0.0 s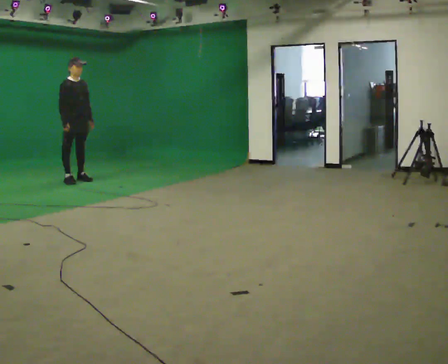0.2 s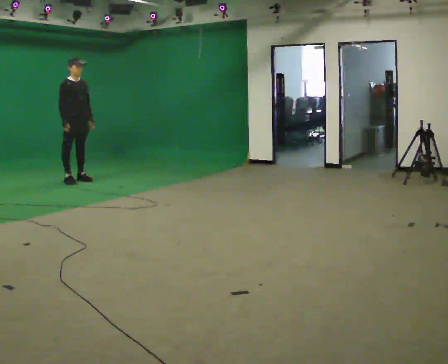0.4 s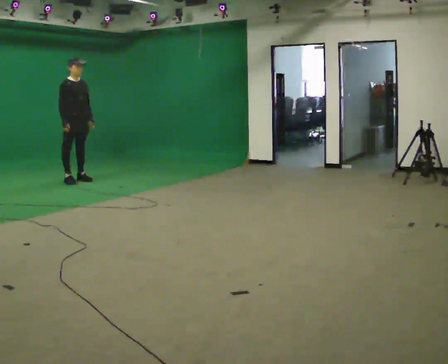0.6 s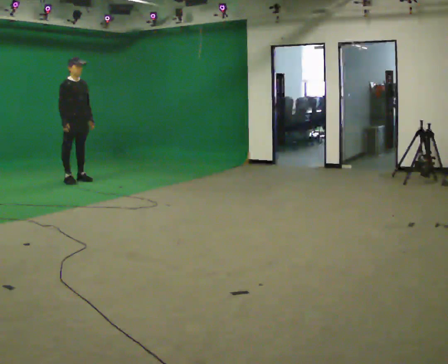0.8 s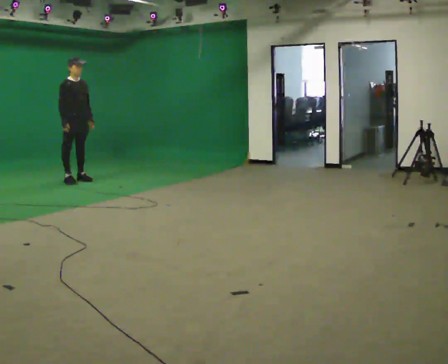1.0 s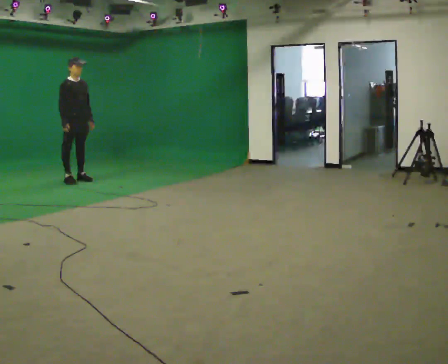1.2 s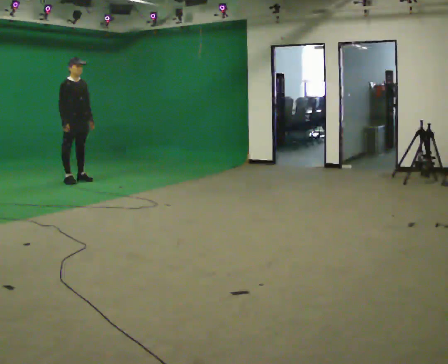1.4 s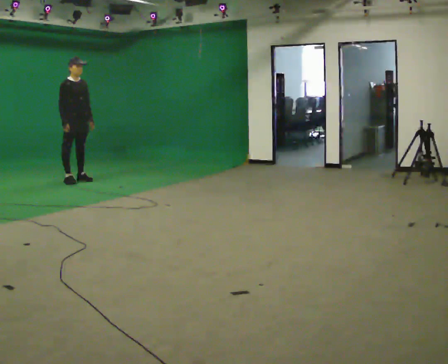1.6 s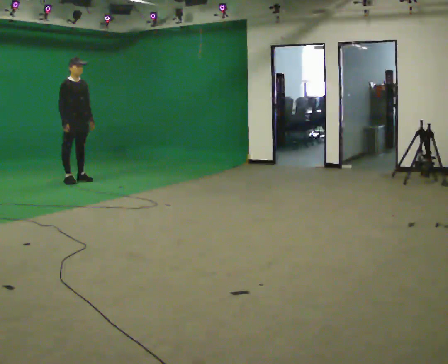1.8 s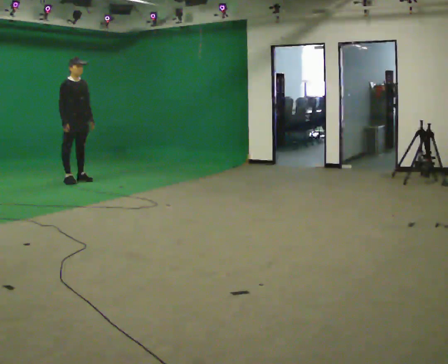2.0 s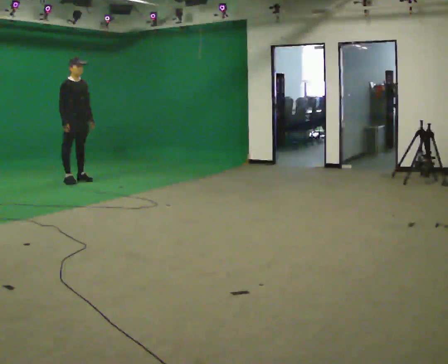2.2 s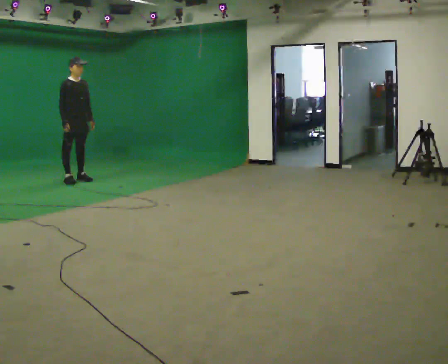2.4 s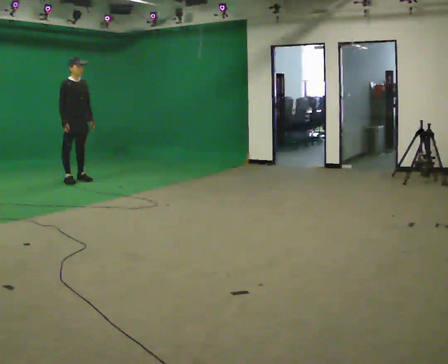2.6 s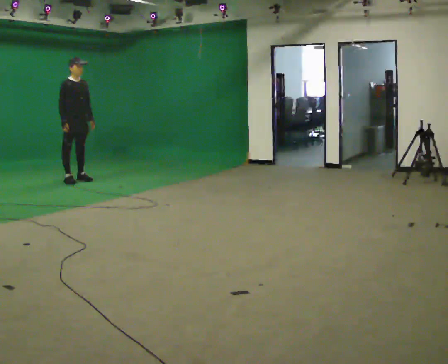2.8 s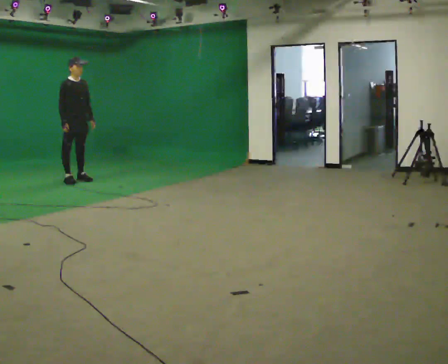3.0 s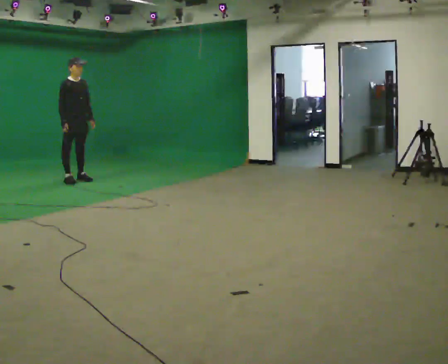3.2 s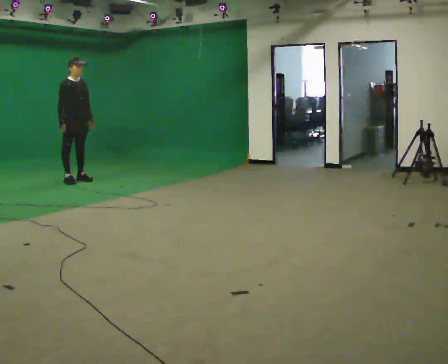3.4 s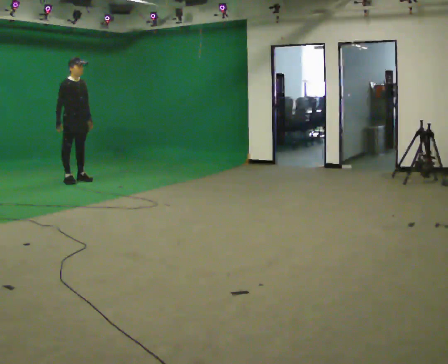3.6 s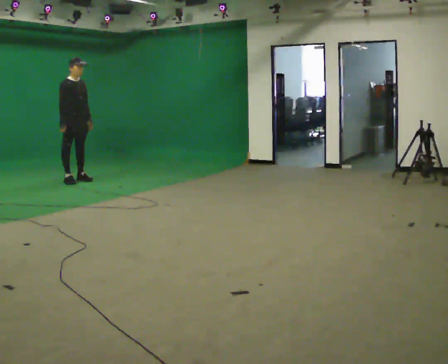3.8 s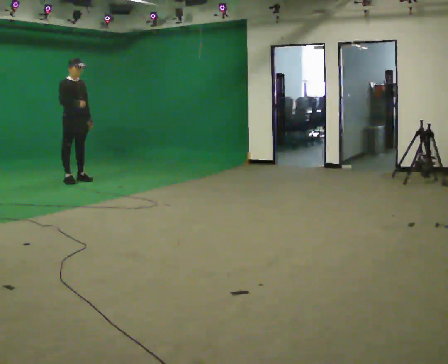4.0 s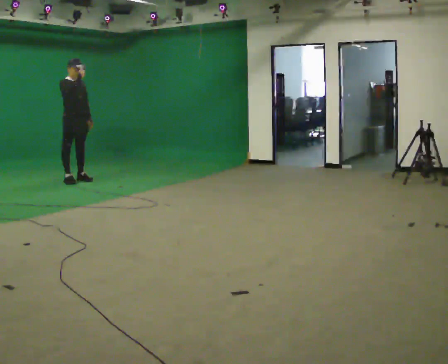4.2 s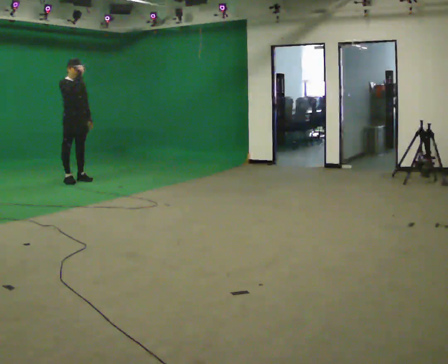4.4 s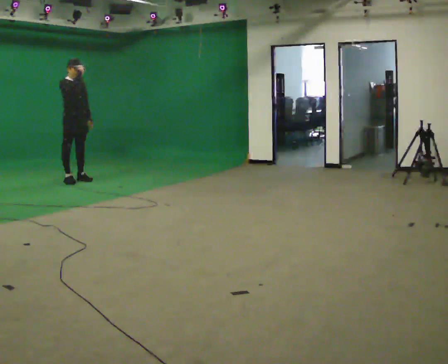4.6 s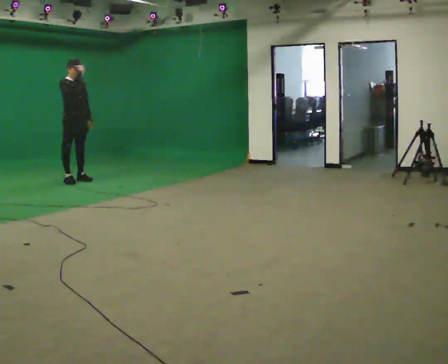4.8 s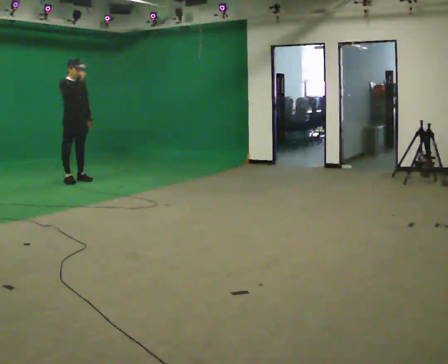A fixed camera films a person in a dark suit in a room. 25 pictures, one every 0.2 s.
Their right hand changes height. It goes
upward.
0.0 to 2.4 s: The person keeps their place and pose.
2.4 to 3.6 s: The person moves a little, or ends about where they began.
3.6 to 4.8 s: In the picture their right hand goes upward.
The film runs backward here.
